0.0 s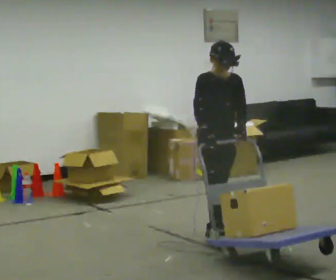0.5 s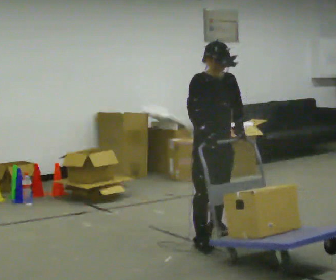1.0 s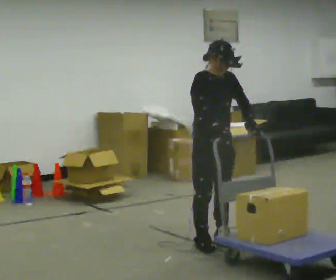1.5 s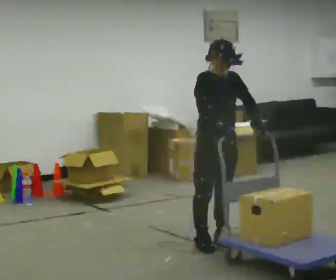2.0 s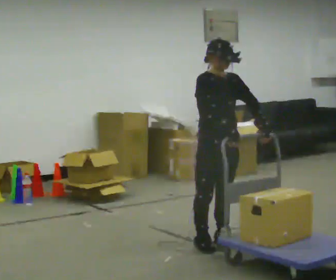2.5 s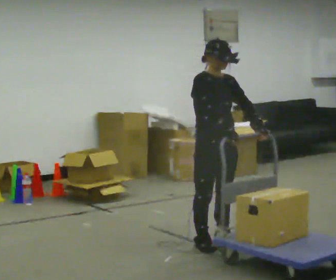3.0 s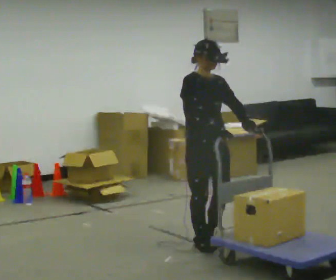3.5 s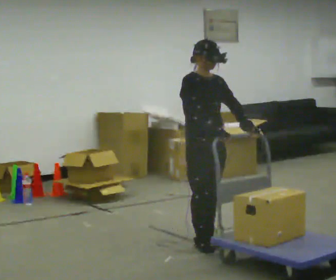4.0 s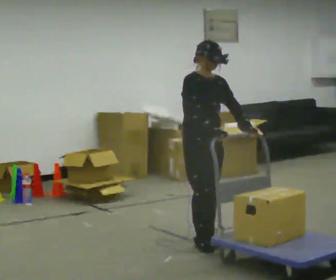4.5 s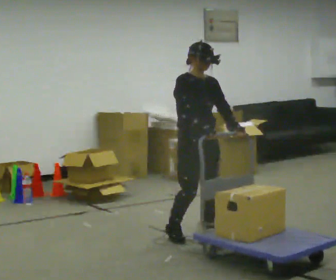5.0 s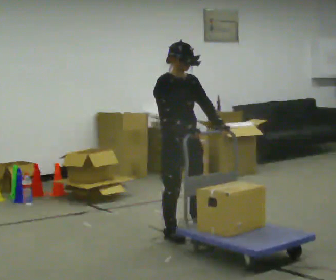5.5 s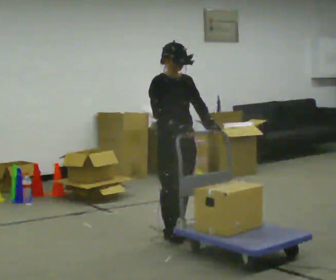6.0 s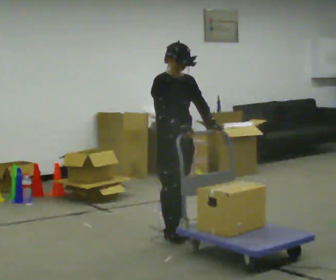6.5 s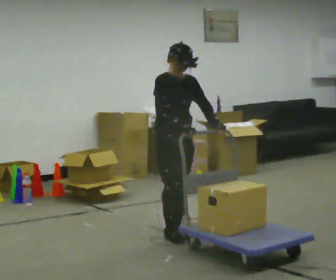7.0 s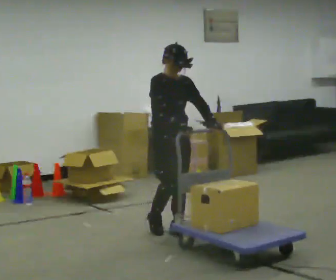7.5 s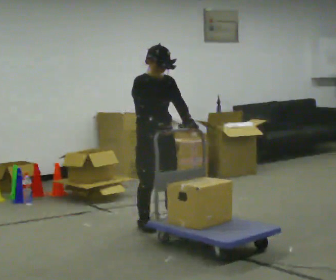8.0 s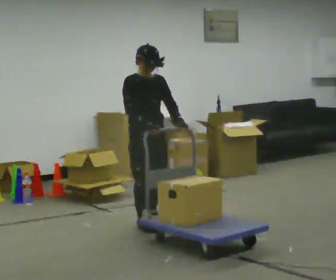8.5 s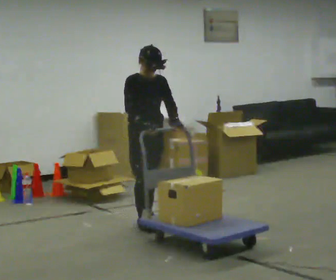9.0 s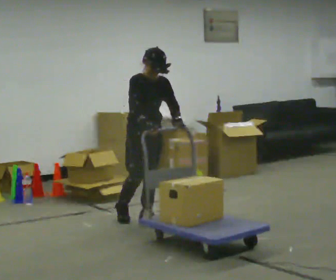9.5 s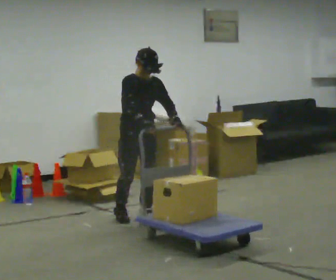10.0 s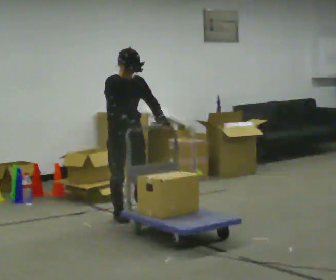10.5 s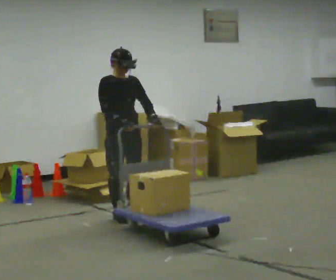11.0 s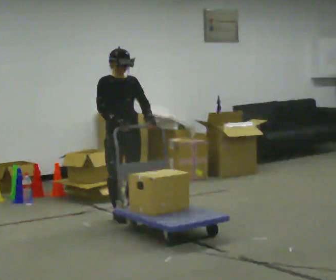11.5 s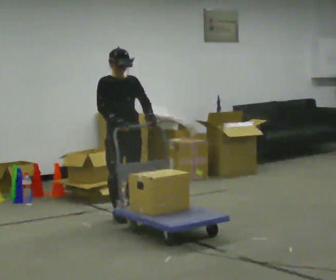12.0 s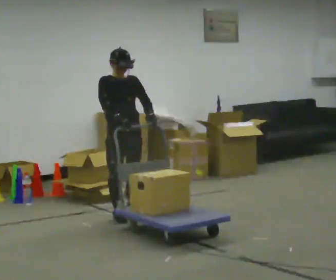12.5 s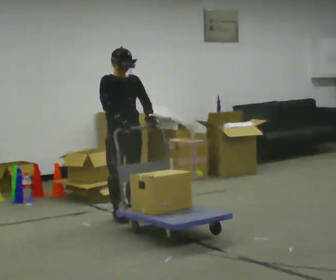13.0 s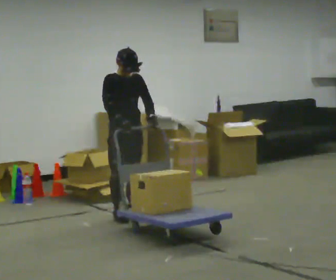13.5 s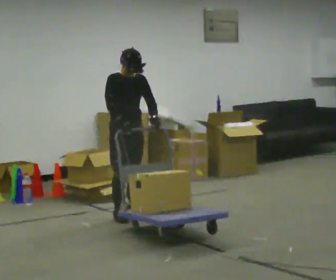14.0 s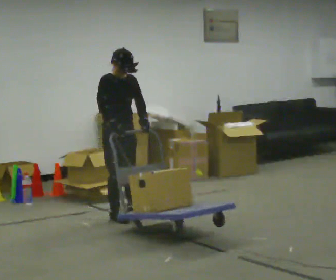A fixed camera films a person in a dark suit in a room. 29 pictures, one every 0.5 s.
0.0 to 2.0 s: In the picture they go toward the camera, about 0.25 m in 1 step, which for them is forward and to their right.
2.0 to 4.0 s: The person moves a little, or ends about where they began.
4.0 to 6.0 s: In the picture they go away from the camera and to the left, about 0.25 m in 2 steps, which for them is backward.
6.0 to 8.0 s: In the picture they go away from the camera and to the left, about 0.25 m in 2 steps, which for them is backward.
8.0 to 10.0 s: In the picture they go away from the camera and to the left, about 0.25 m in 2 steps, which for them is backward.
10.0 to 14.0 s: The person moves a little, or ends about where they began.
The film runs backward here.
